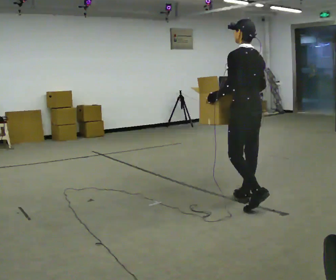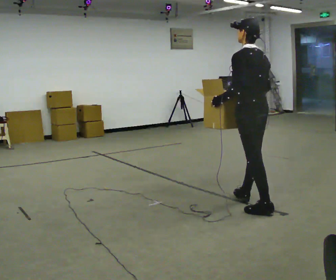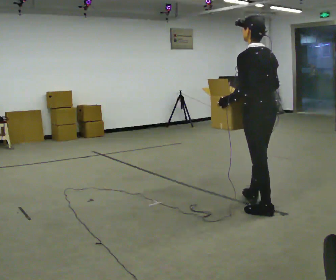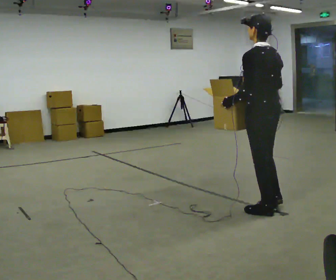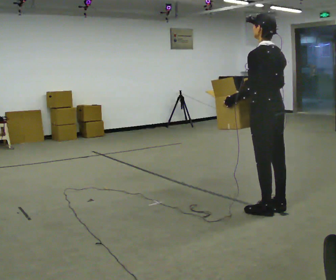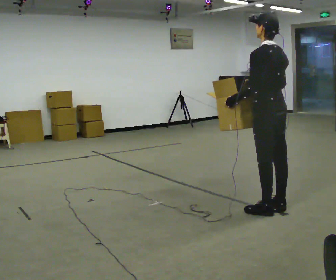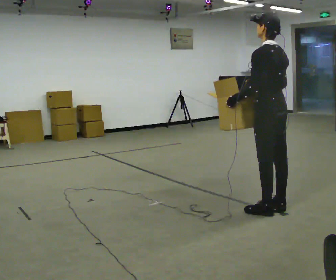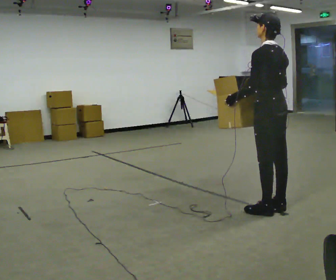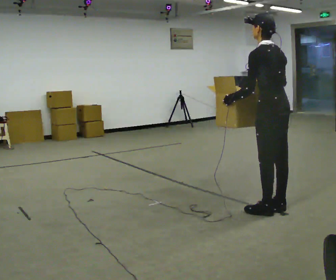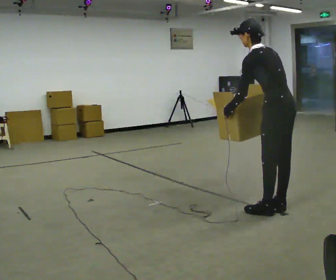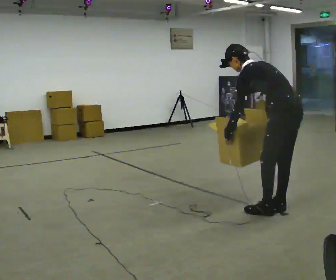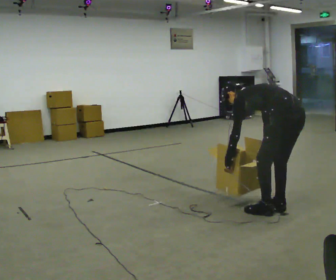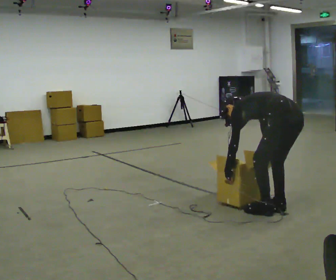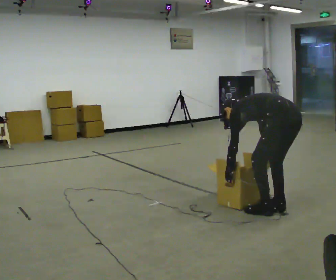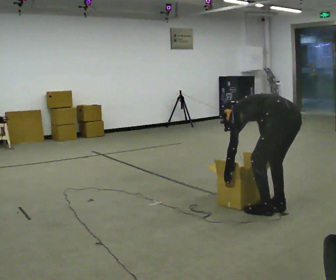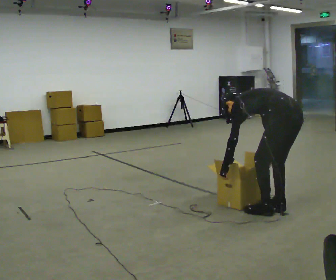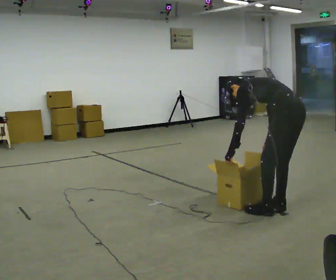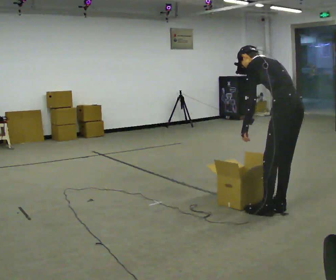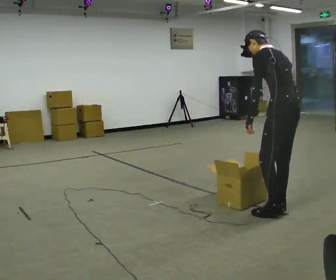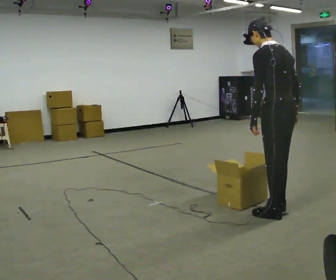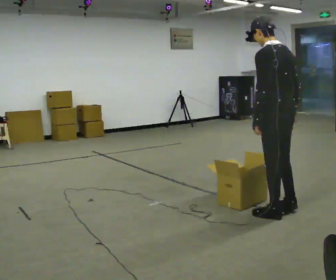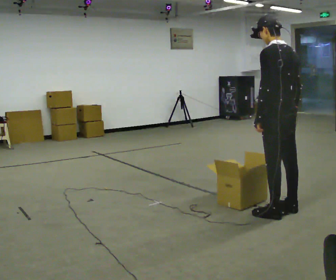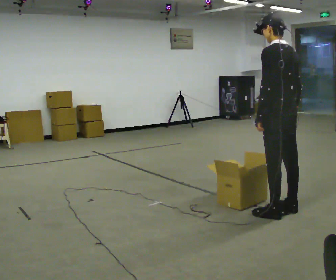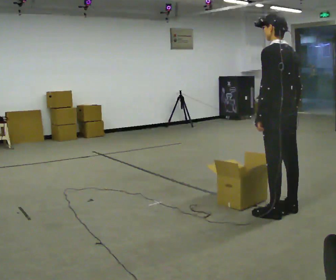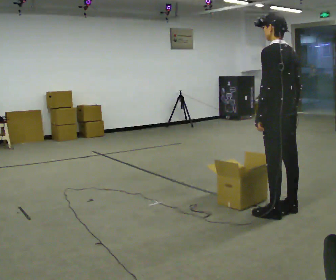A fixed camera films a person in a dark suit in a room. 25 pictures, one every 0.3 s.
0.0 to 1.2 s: In the picture they go toward the camera and to the right, about 0.25 m in 1 step, which for them is backward.
1.2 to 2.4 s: The person moves a little, or ends about where they began.
2.4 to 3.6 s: The upper body goes downward. In the picture the upper body tilts counterclockwise, shoulders to the left, as they bend forward. In the picture their left hand goes downward.
3.6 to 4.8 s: The shoulders move upward. In the picture the upper body tilts clockwise, shoulders to the right, as they lean back or straighten.
4.8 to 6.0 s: The shoulders move upward. In the picture the upper body tilts clockwise, shoulders to the right, as they lean back or straighten.
6.0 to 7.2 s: The person moves a little, or ends about where they began.
The film runs backward here.
